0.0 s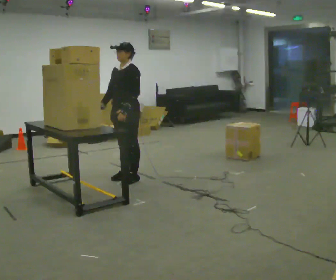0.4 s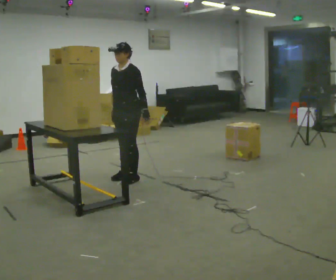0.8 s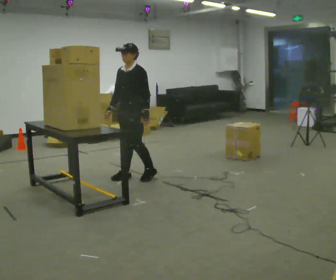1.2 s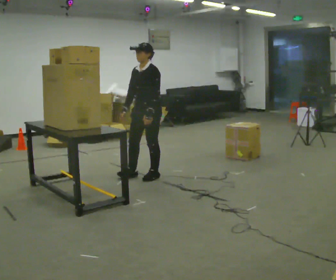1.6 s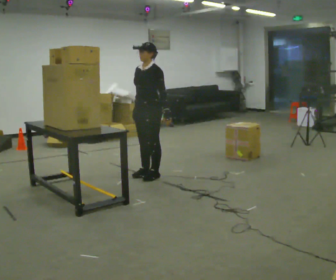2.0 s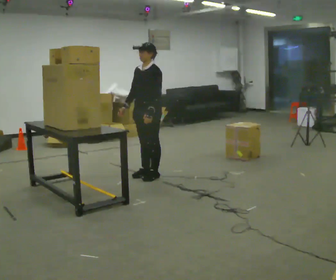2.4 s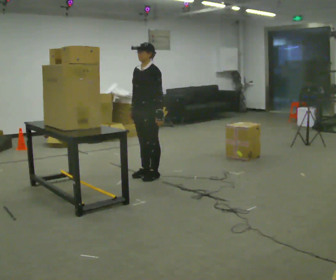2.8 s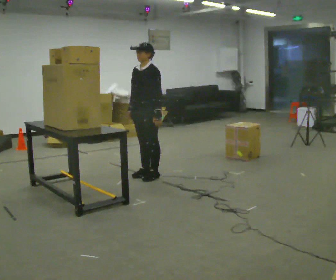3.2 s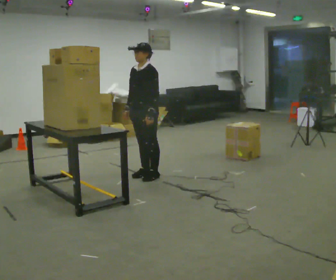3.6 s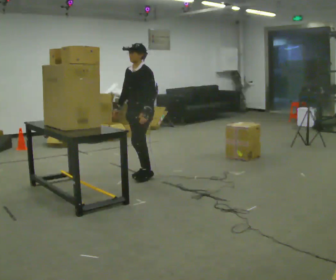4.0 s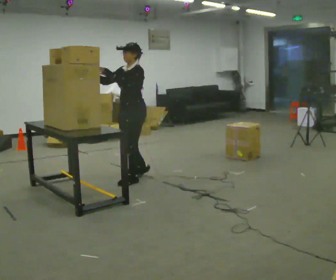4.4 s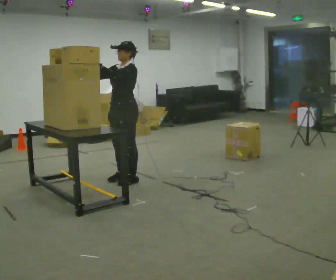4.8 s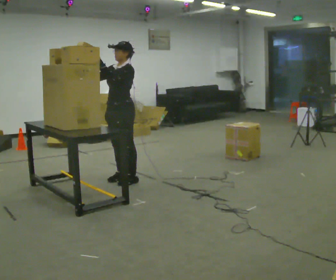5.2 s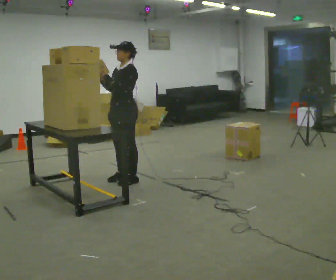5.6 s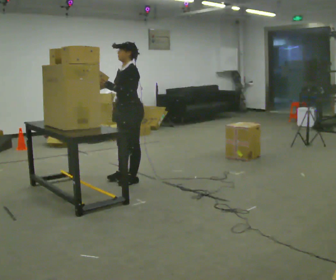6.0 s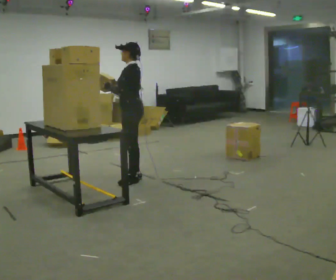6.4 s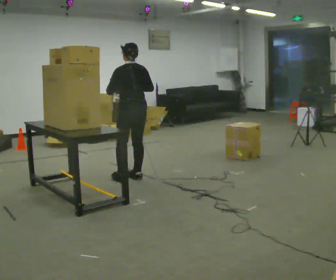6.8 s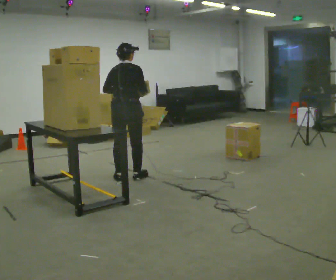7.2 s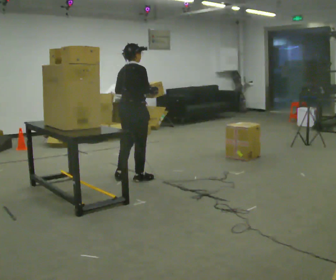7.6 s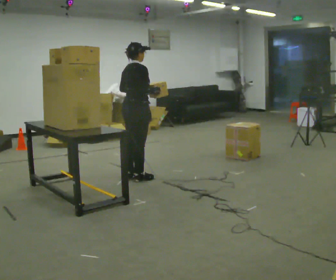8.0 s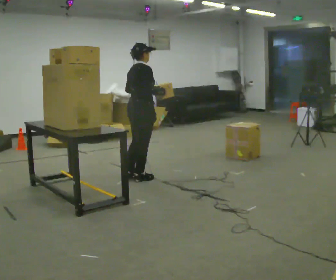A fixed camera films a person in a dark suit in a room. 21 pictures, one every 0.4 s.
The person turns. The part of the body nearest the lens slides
to the left.
The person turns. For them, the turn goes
to their right.
0.0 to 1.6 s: In the picture they go to the right, about 0.25 m in 2 steps, which for them is backward.
1.6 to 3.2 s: The person moves a little, or ends about where they began.
3.2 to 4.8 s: In the picture they go to the left and toward the camera, about 0.25 m in 2 steps, which for them is forward. In the picture their right hand goes upward, the arm swinging clockwise.
4.8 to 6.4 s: The person turns about 105 degrees to their right, clockwise seen from above, so the part of the body nearest the lens slides to the left. In the picture their right hand goes to the right.
6.4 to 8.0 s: Seen from above the body turns clockwise, about 75 degrees: to their right, with its near side sliding to the left.
The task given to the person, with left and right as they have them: Take an object down from the highest shelf you can comfortably reach, carry it across, and place it on the waist-height shelf. Keep going until the operator says stop; one object at a time, and do not rush between trips.
The film runs forward here.
